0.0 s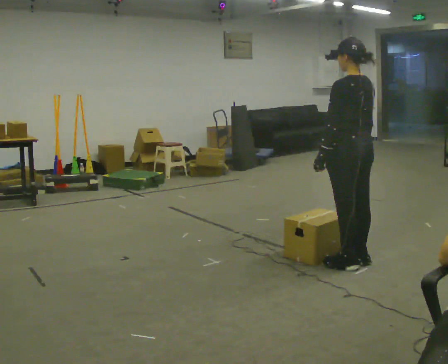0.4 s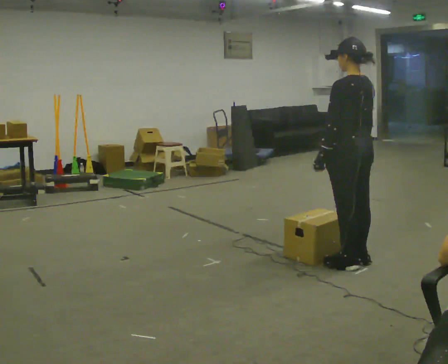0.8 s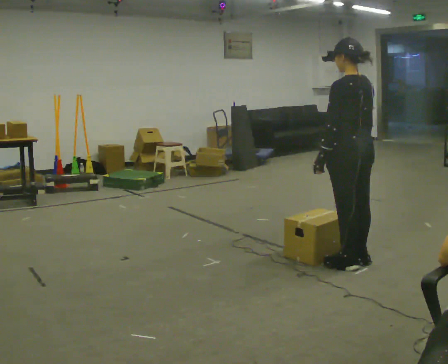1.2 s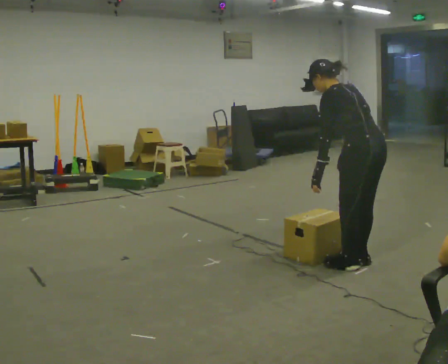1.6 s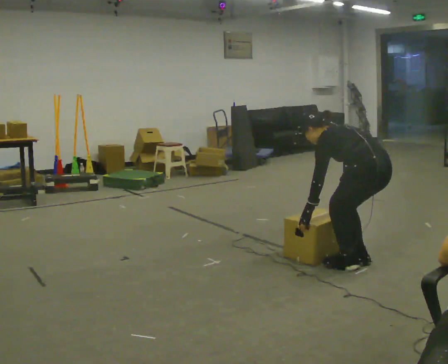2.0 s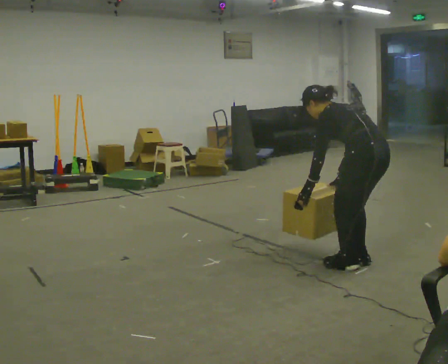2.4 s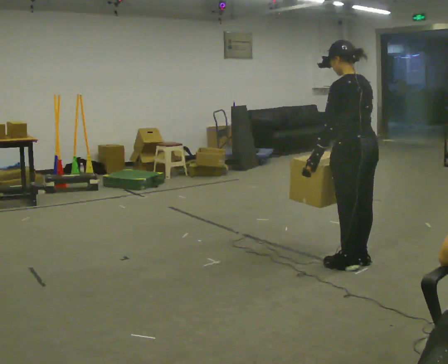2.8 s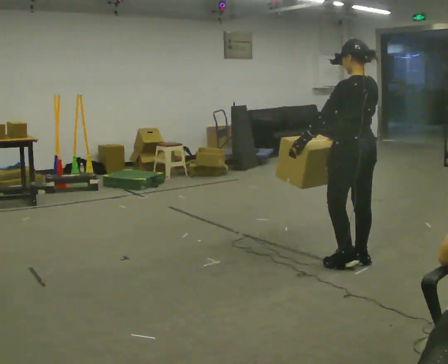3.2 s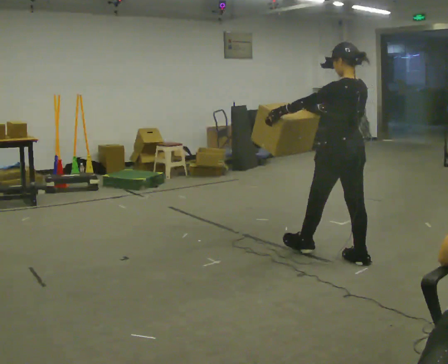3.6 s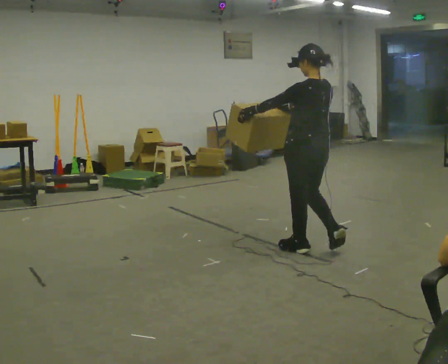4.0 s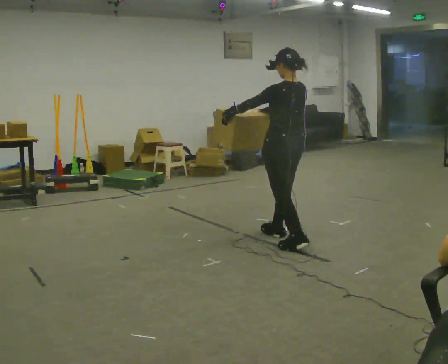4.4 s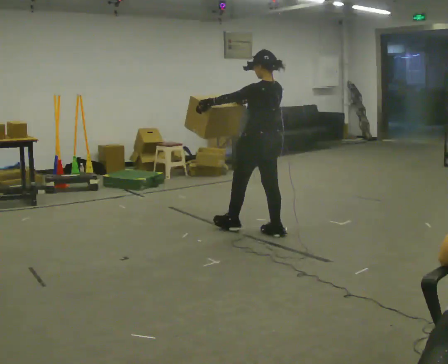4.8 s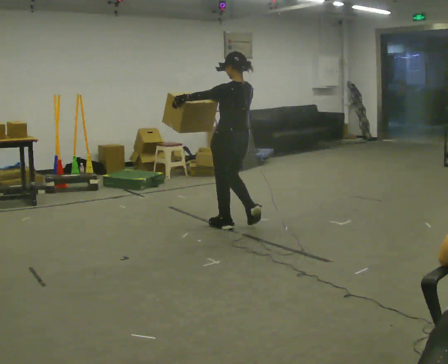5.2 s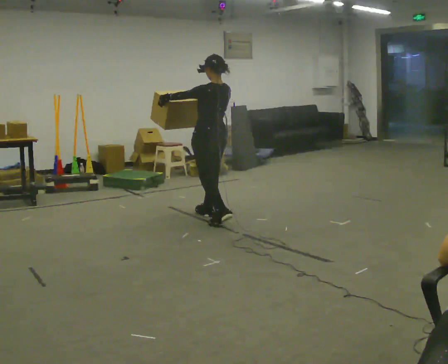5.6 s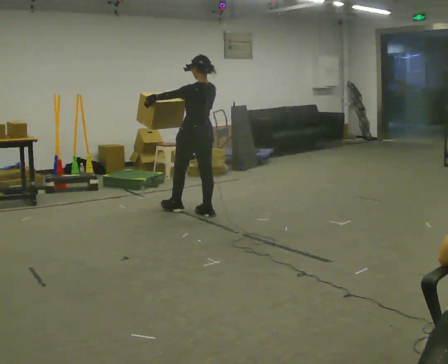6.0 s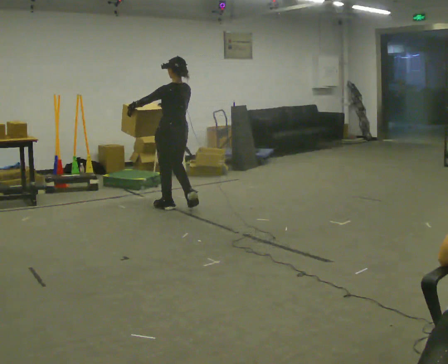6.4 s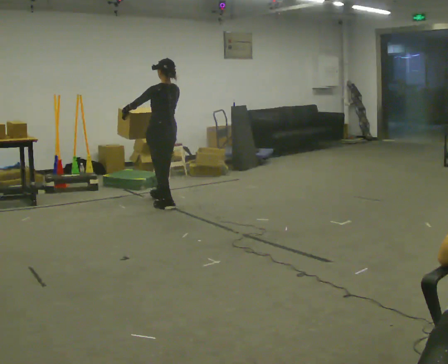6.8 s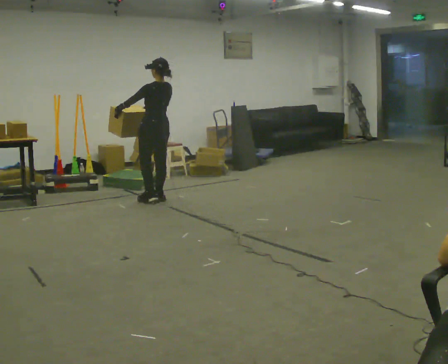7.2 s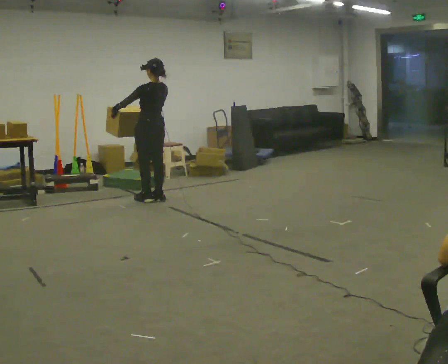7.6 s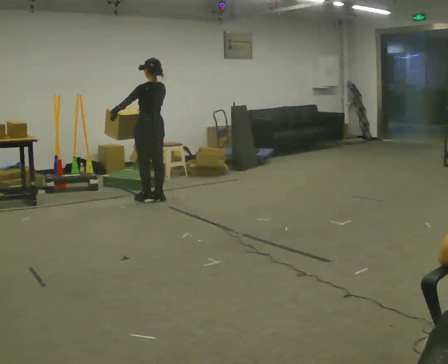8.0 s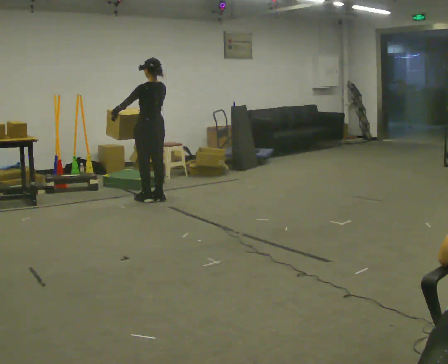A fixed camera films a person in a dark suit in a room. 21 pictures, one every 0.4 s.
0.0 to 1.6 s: The shoulders move downward. In the picture the upper body tilts counterclockwise, shoulders to the left, as they bend forward. In the picture their left hand goes downward.
1.6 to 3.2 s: In the picture they go away from the camera and to the left, about 0.25 m, which for them is forward. The shoulders move upward. In the picture the upper body tilts clockwise, shoulders to the right, as they lean back or straighten. In the picture their right hand goes upward.
3.2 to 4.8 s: In the picture they go to the left and away from the camera, about 1 m in 3 steps, which for them is forward.
4.8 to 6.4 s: In the picture they go to the left and away from the camera, about 1 m in 3 steps, which for them is forward.
6.4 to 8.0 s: In the picture they go away from the camera and to the left, about 0.25 m in 1 step, which for them is forward.
The film runs forward here.
